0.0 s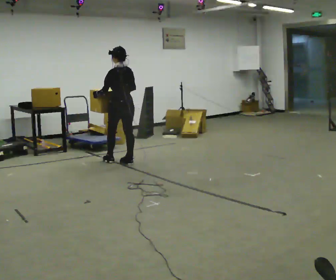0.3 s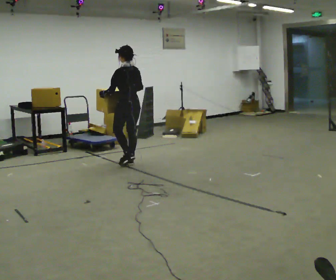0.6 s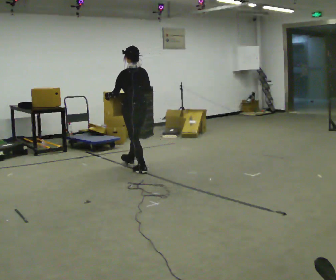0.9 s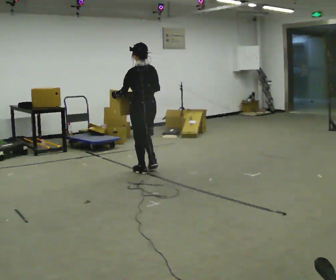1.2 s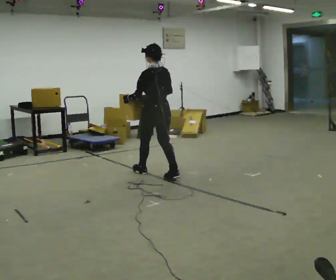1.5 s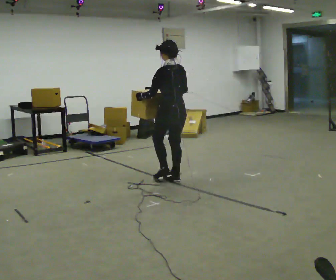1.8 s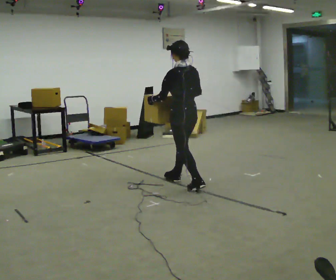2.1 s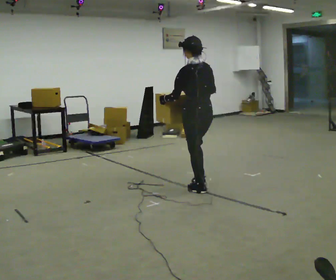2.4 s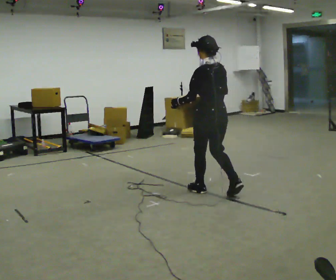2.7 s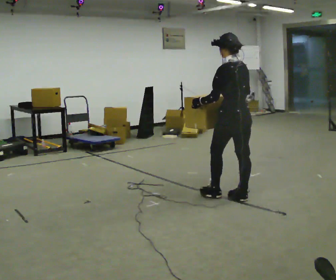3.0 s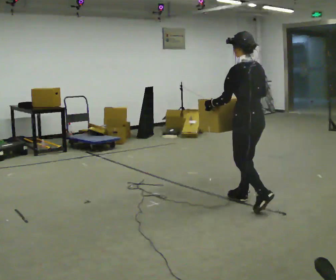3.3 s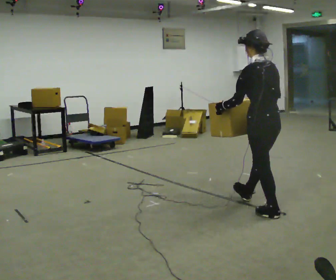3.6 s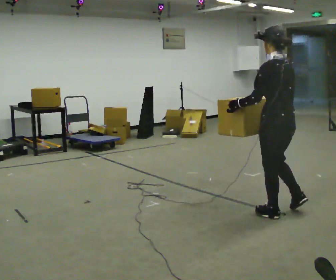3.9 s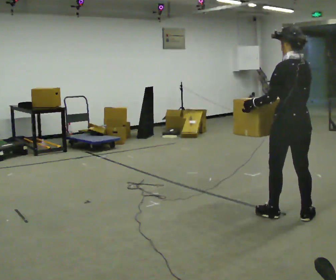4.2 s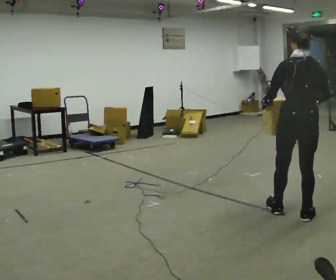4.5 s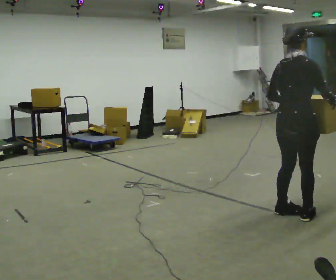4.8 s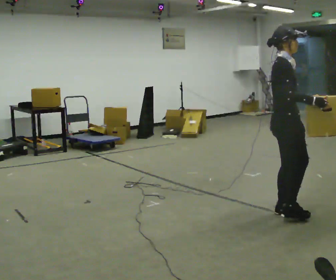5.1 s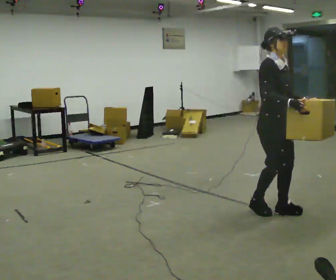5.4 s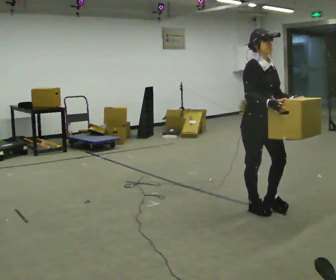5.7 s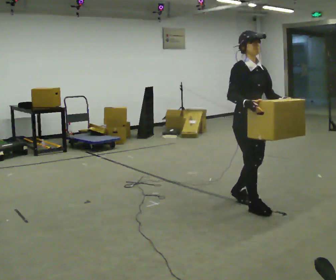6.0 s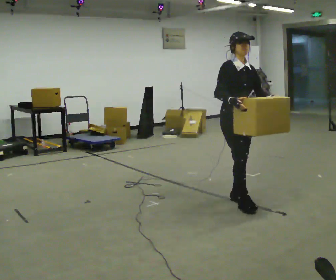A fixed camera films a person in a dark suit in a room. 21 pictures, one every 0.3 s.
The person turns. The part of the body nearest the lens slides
to the left.
The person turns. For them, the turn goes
to their right.
0.0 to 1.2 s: In the picture they go to the right and toward the camera, about 1 m in 2 steps, which for them is backward.
1.2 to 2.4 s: In the picture they go to the right and toward the camera, about 1 m in 2 steps, which for them is backward.
2.4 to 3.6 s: In the picture they go toward the camera and to the right, about 1 m in 2 steps, which for them is backward.
3.6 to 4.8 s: Seen from above the body turns clockwise, about 135 degrees: to their right, with its near side sliding to the left. In the picture their right hand goes to the right.
4.8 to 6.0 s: The part of the body nearest the lens slides to the left as the person turns to their right by about 45 degrees. In the picture they go to the left and away from the camera, about 0.5 m in 2 steps, which for them is backward.
The film runs backward here.
